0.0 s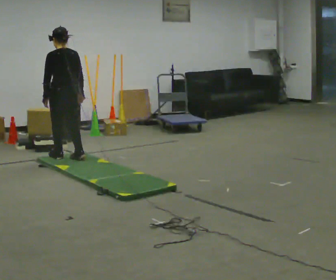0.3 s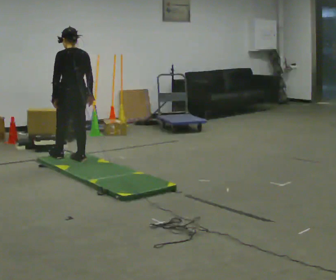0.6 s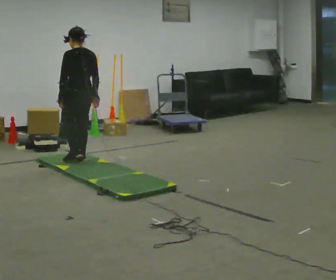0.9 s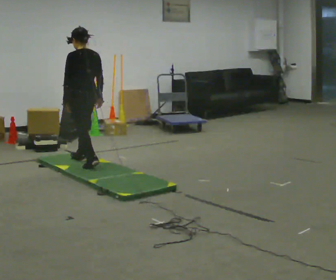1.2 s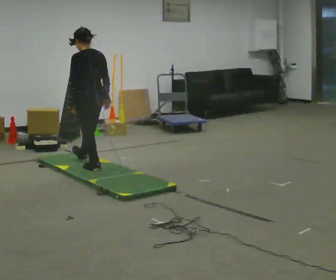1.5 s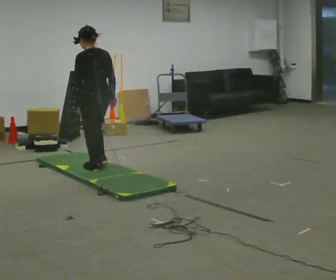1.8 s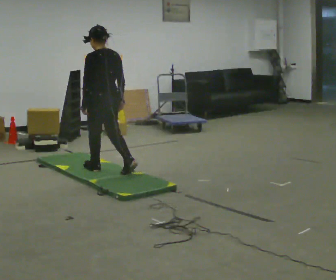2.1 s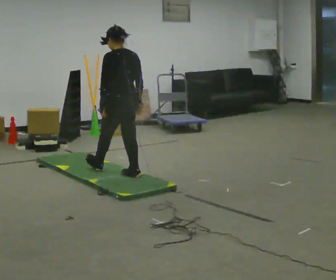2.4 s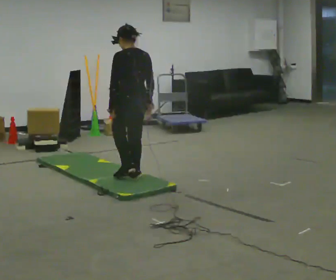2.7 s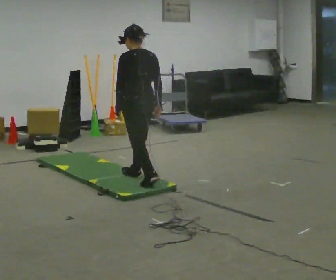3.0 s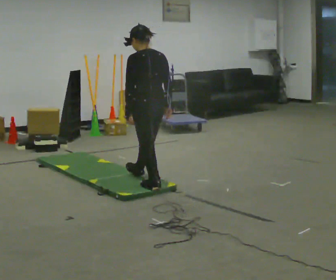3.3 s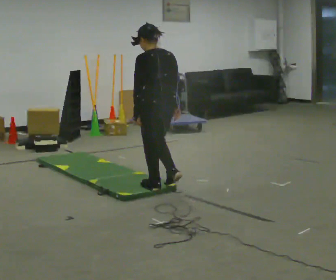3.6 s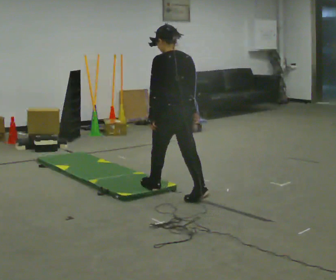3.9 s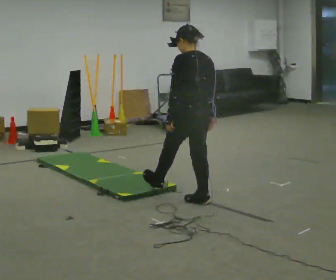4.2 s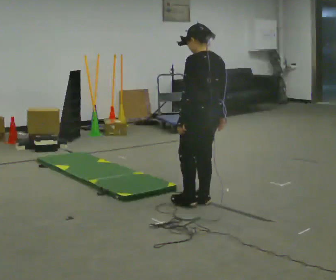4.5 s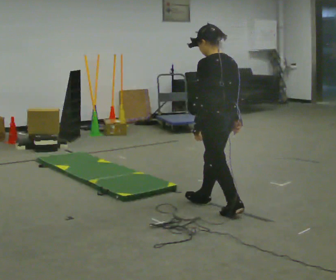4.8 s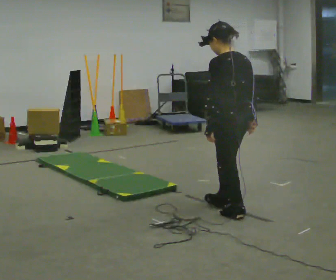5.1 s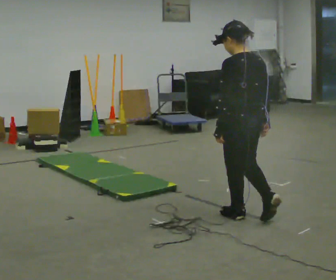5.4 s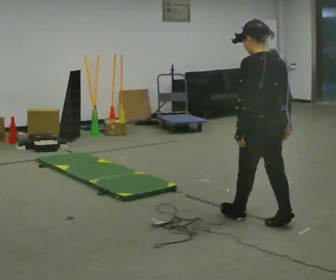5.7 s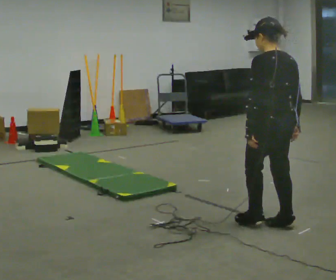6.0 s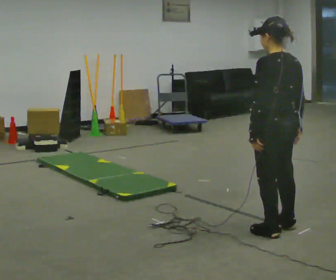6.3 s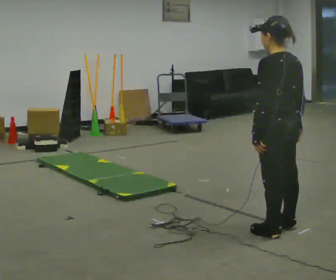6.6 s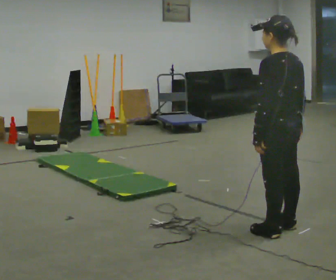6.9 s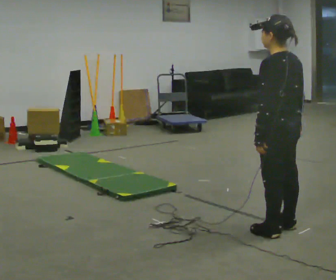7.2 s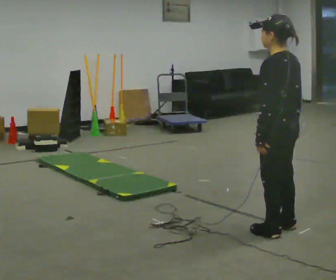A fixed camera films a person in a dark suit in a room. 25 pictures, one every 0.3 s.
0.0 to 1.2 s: In the picture they go to the right and toward the camera, about 0.5 m in 1 step, which for them is backward.
1.2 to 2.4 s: In the picture they go to the right and toward the camera, about 0.5 m in 2 steps, which for them is backward.
2.4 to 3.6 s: In the picture they go toward the camera and to the right, about 0.75 m in 1 step, which for them is backward.
3.6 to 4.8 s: In the picture they go to the right and toward the camera, about 0.75 m in 2 steps, which for them is backward.
4.8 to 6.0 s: In the picture they go toward the camera and to the right, about 0.5 m in 1 step, which for them is backward.
6.0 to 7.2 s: The person moves a little, or ends about where they began.
The film runs backward here.
